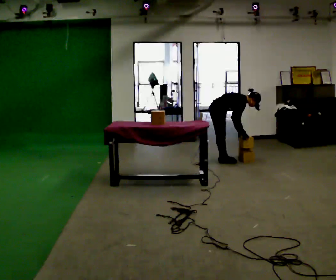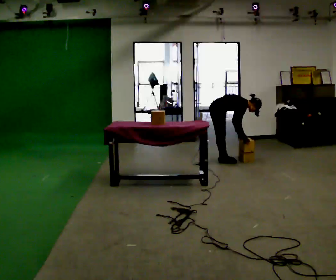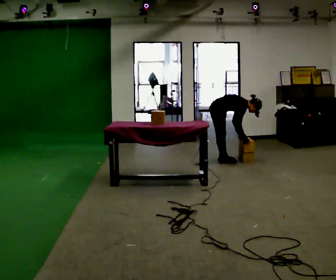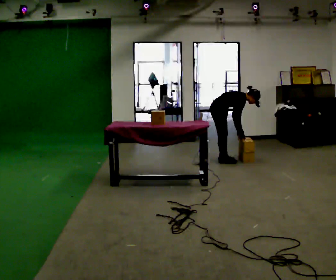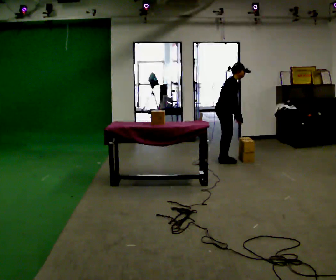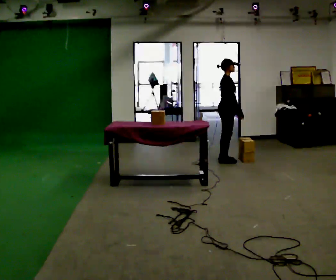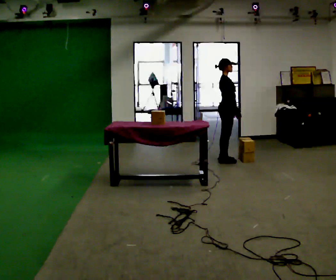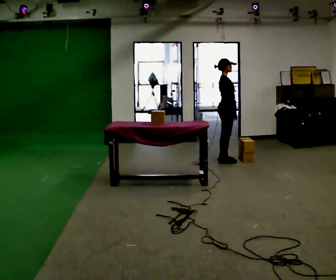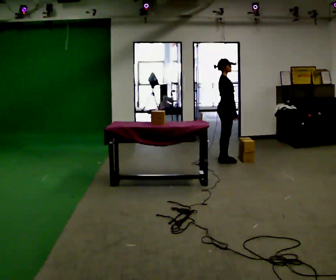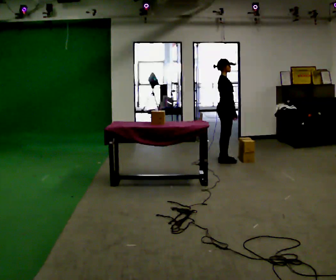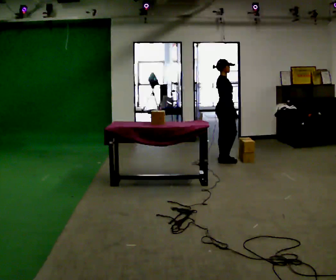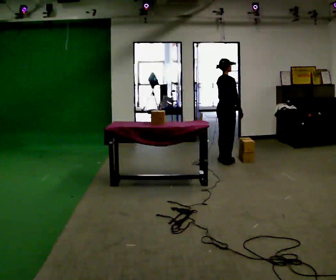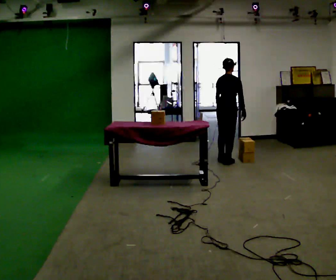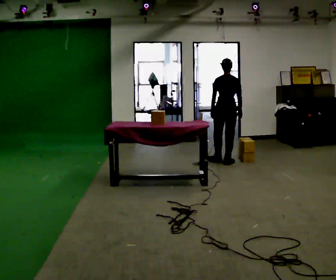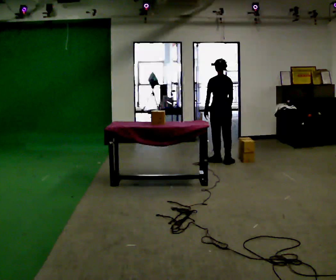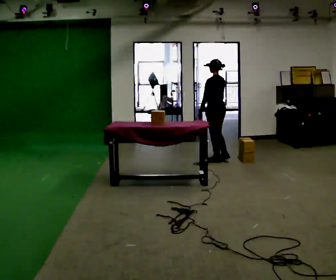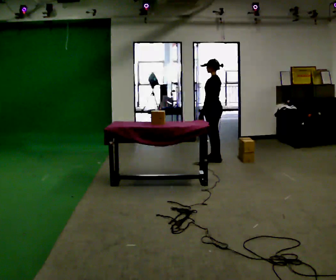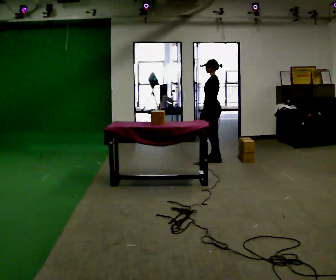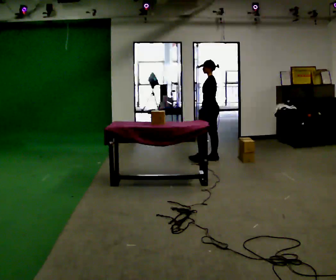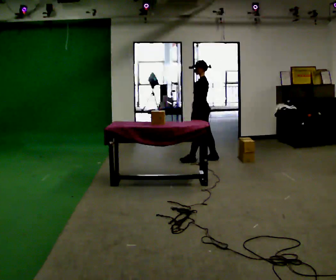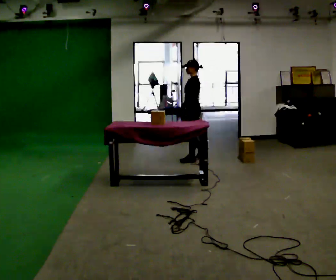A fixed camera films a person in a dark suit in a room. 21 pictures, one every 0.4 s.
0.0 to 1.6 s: The upper body goes upward. In the picture the upper body tilts counterclockwise, shoulders to the left, as they lean back or straighten.
1.6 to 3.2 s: In the picture the upper body tilts counterclockwise, shoulders to the left, as they lean back or straighten.
3.2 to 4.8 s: Seen from above the body turns counterclockwise, about 60 degrees: to their left, with its near side sliding to the right.
4.8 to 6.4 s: The person turns about 105 degrees to their left, counterclockwise seen from above, so the part of the body nearest the lens slides to the right. In the picture they go to the left, about 0.25 m in 1 step. In the picture their right hand goes to the left.
6.4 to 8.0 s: The part of the body nearest the lens slides to the right as the person turns to their left by about 30 degrees. In the picture they go to the left, about 0.25 m in 1 step, which for them is forward.
The film runs forward here.
